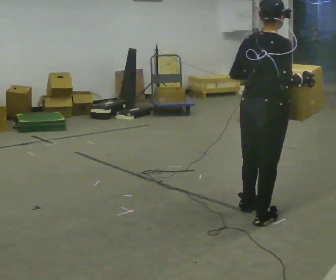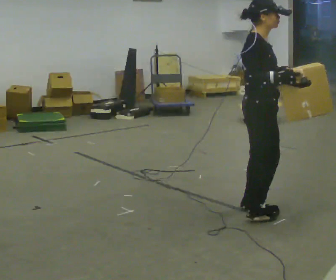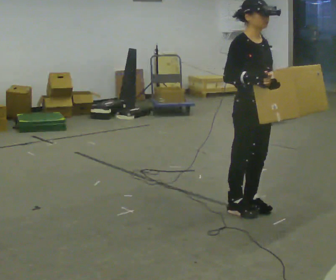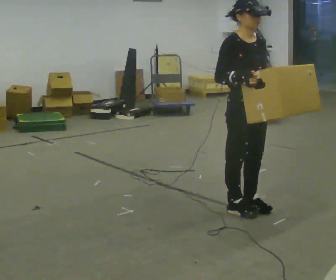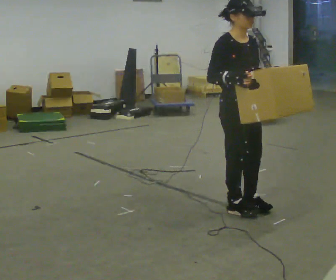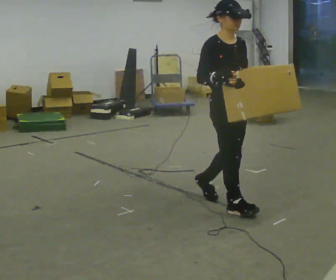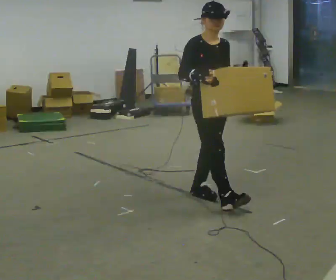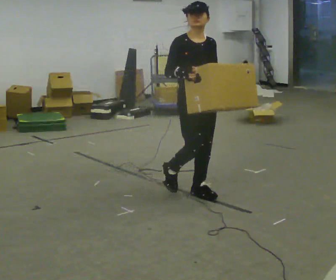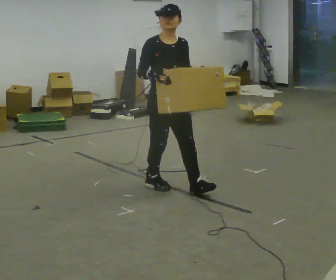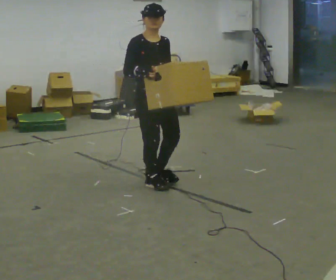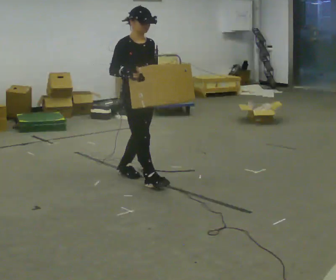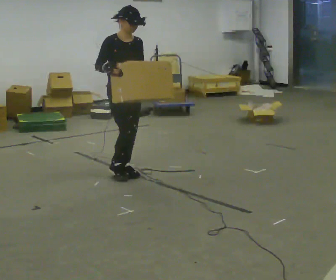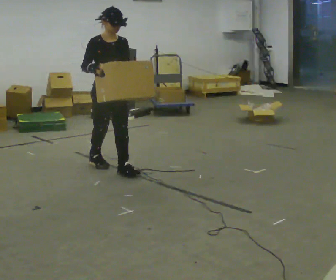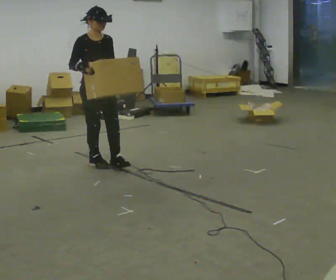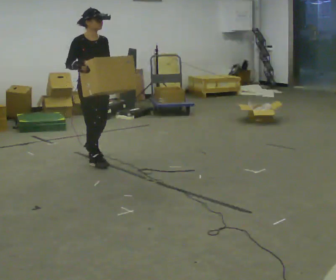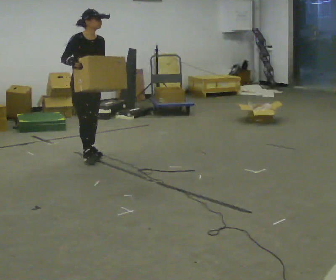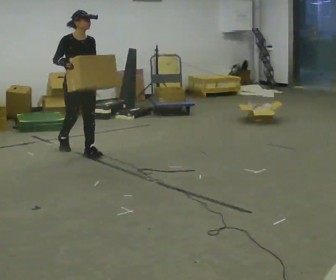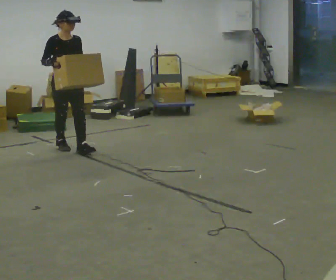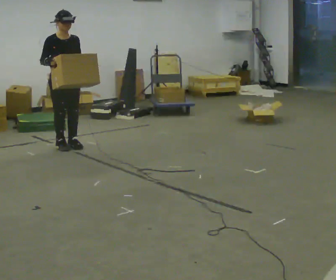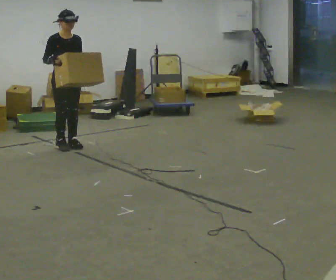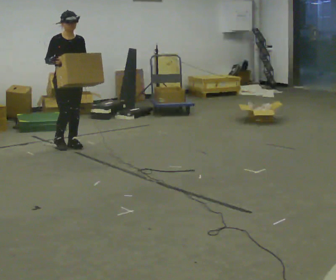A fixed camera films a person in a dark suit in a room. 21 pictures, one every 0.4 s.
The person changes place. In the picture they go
away from the camera.
0.0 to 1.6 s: Seen from above the body turns clockwise, about 90 degrees: to their right, with its near side sliding to the left. In the picture they go away from the camera, about 0.25 m in 1 step.
1.6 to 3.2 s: In the picture they go away from the camera and to the left, about 0.75 m in 2 steps, which for them is backward.
3.2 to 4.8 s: In the picture they go away from the camera and to the left, about 0.5 m in 2 steps, which for them is backward.
4.8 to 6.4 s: In the picture they go away from the camera and to the left, about 0.5 m in 2 steps, which for them is backward.
6.4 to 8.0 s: In the picture they go away from the camera and to the left, about 0.25 m in 2 steps, which for them is backward.
The film runs backward here.
